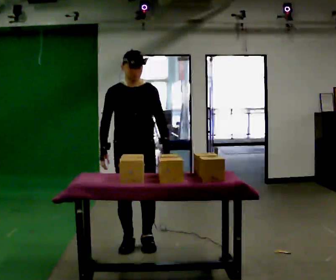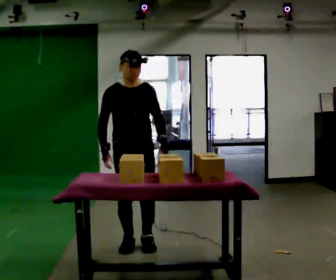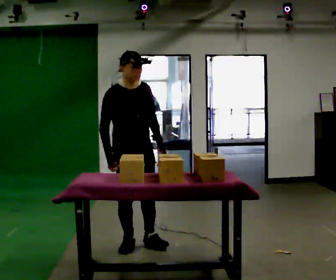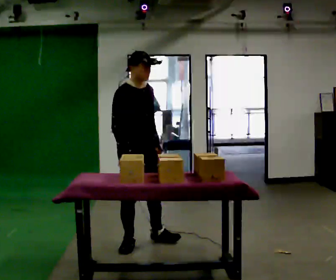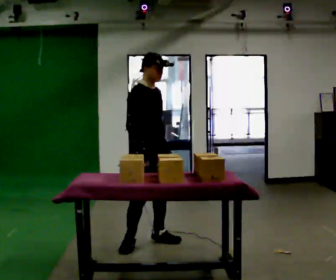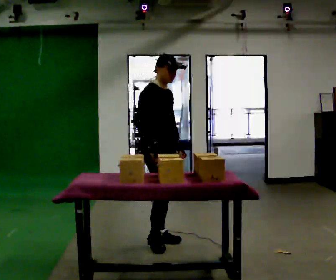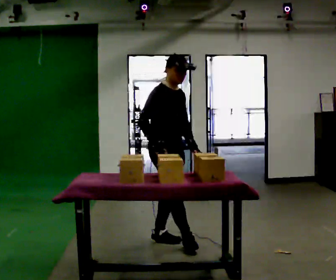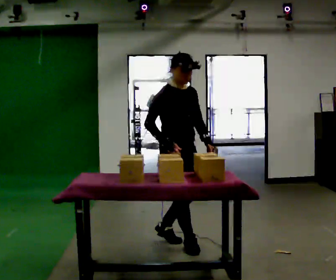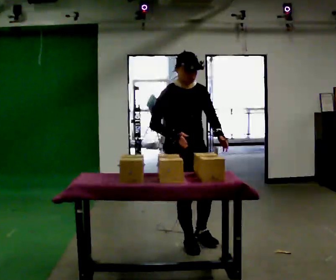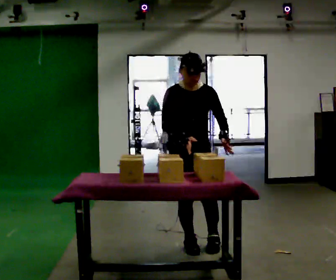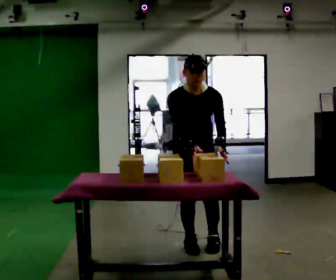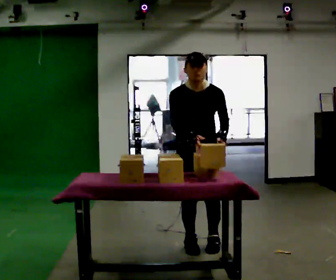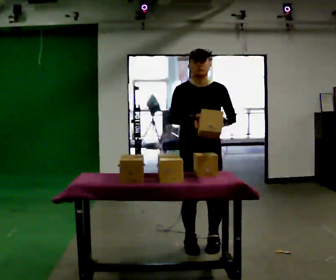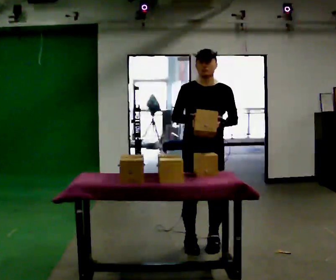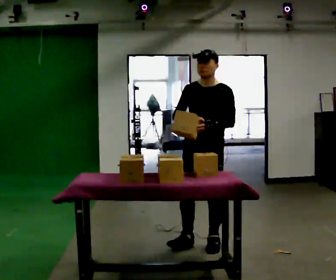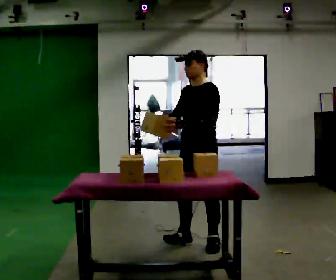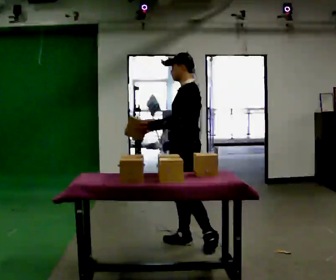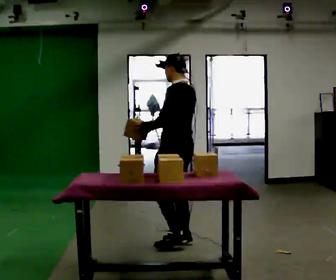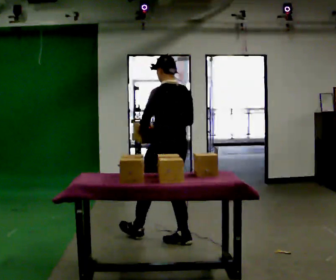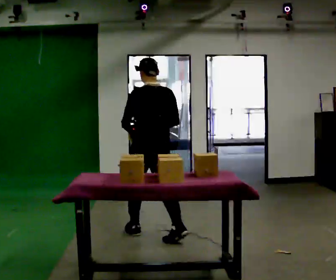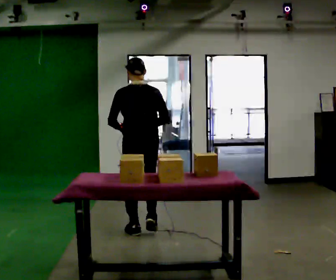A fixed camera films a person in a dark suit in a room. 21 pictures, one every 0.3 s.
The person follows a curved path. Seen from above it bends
counterclockwise.
0.0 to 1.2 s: Seen from above the body turns counterclockwise, about 45 degrees: to their left, with its near side sliding to the right.
1.2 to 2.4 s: The part of the body nearest the lens slides to the left as the person turns to their right by about 30 degrees. In the picture they go to the right, about 0.25 m in 1 step, which for them is forward.
2.4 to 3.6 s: The person moves a little, or ends about where they began.
3.6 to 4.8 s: The part of the body nearest the lens slides to the left as the person turns to their right by about 90 degrees. In the picture their right hand goes to the left.
4.8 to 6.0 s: The part of the body nearest the lens slides to the left as the person turns to their right by about 75 degrees. In the picture they go to the left and away from the camera, about 0.5 m in 1 step.
The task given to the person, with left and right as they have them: Take boxes off the top of the stack one at a time and carry them away, walking back for each one. Keep going until the operator says stop; one object at a time, and do not rush between trips.
The film runs forward here.
